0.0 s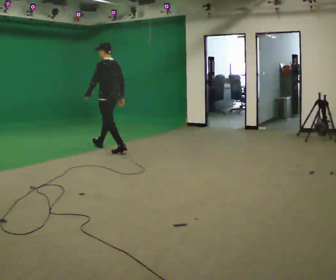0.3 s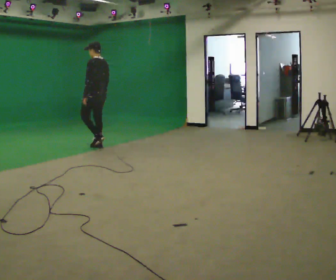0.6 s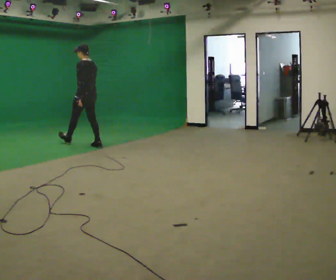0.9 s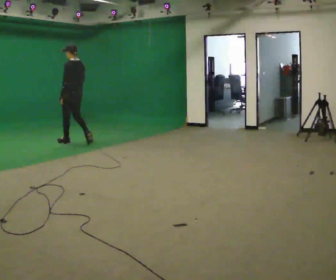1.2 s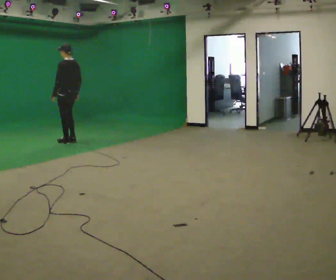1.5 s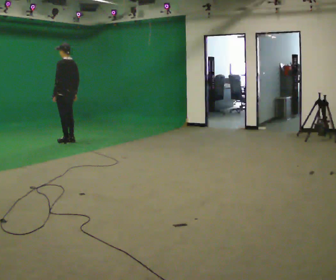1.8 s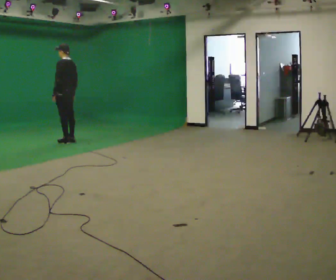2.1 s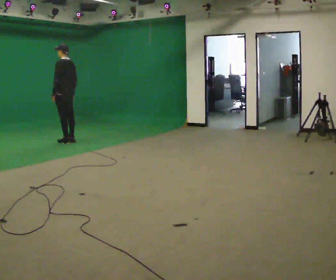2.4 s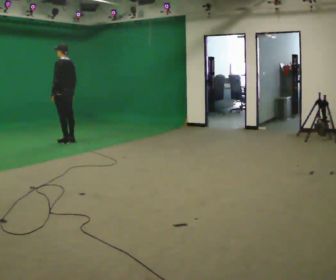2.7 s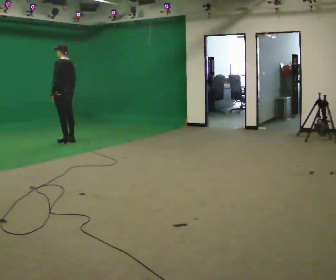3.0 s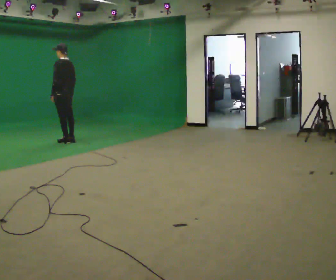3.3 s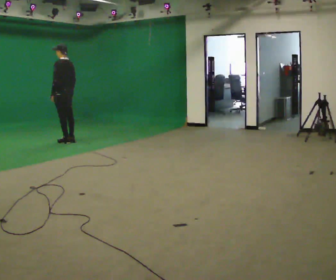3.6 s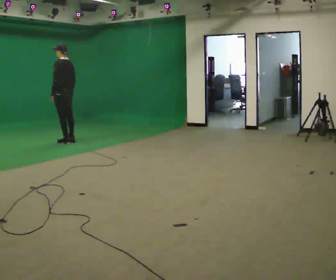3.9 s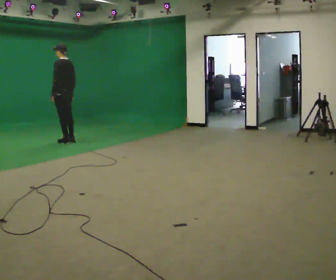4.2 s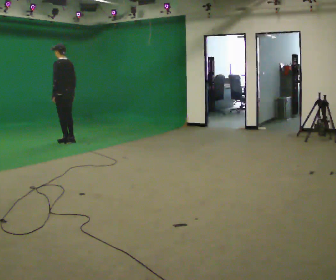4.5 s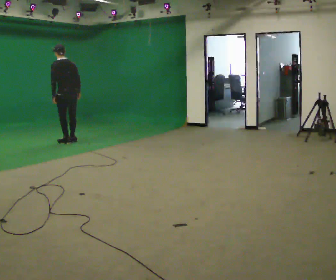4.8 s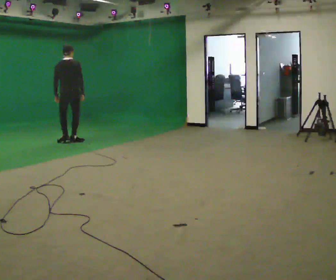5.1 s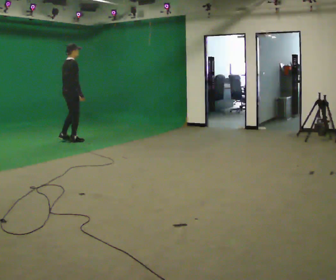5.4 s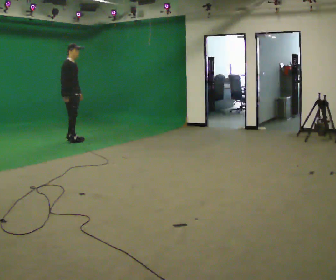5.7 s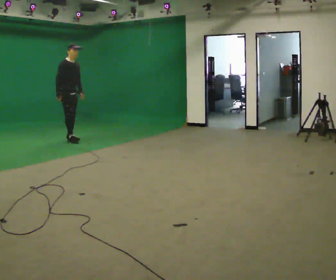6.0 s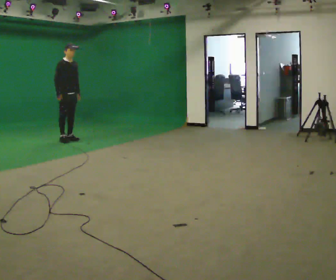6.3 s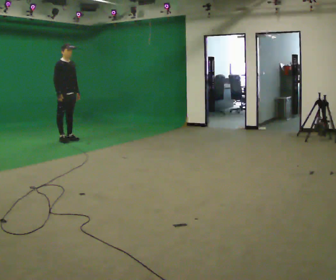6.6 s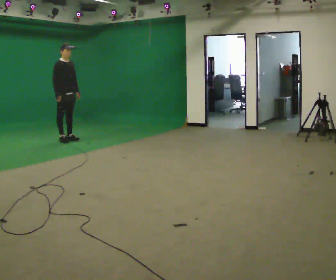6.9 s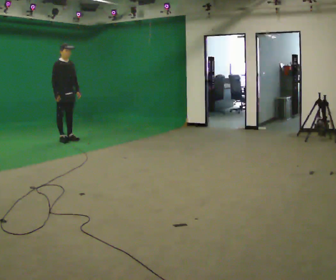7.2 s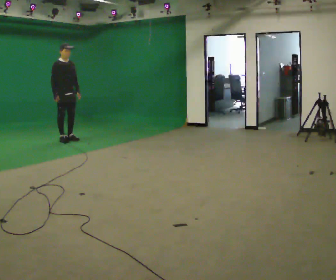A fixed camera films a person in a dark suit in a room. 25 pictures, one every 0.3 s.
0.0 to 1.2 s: In the picture they go away from the camera and to the left, about 1 m in 2 steps, which for them is forward.
1.2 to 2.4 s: The person moves a little, or ends about where they began.
2.4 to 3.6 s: The person keeps their place and pose.
3.6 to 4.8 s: The person turns about 60 degrees to their right, clockwise seen from above, so the part of the body nearest the lens slides to the left.
4.8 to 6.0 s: The part of the body nearest the lens slides to the left as the person turns to their right by about 120 degrees. In the picture they go away from the camera, about 0.25 m in 2 steps. In the picture their left hand goes to the right.
6.0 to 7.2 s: The person moves a little, or ends about where they began.
The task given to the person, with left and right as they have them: Walk straight; at marker turn ~45° while continuing to walk; continue straight.
The film runs forward here.
